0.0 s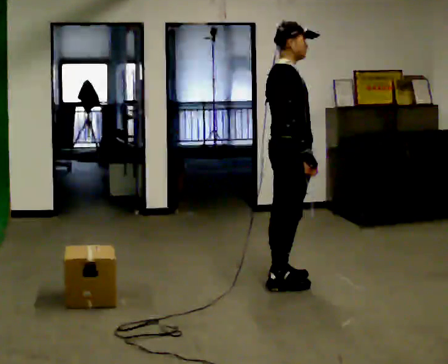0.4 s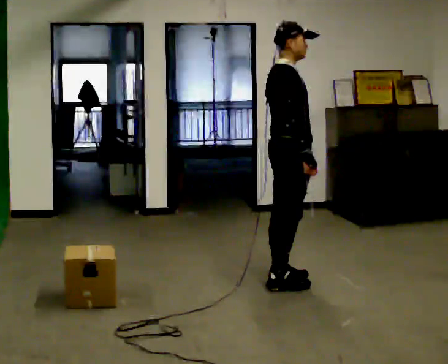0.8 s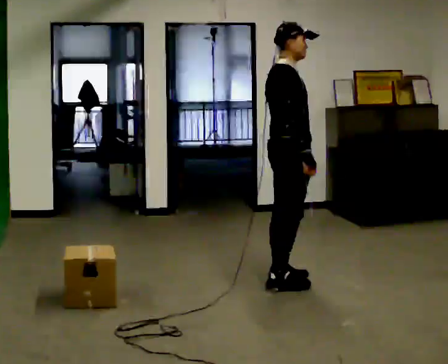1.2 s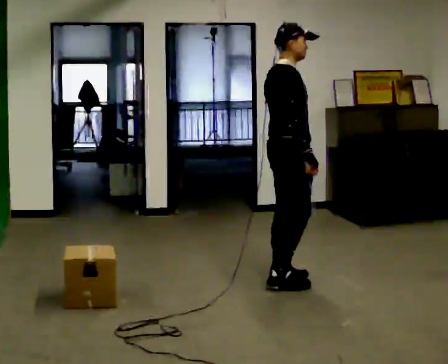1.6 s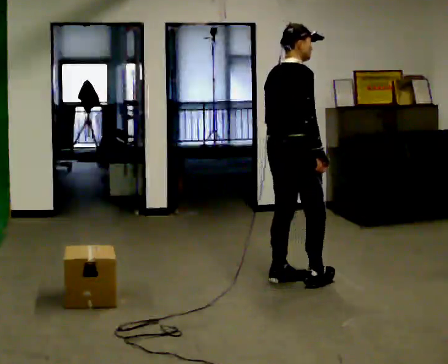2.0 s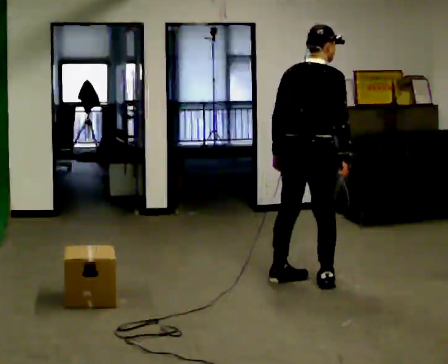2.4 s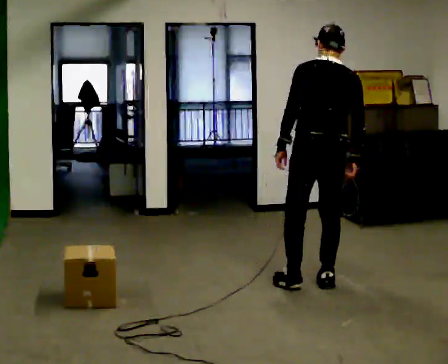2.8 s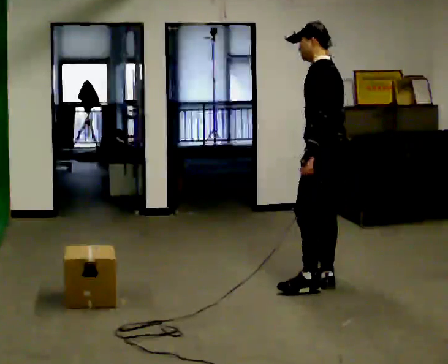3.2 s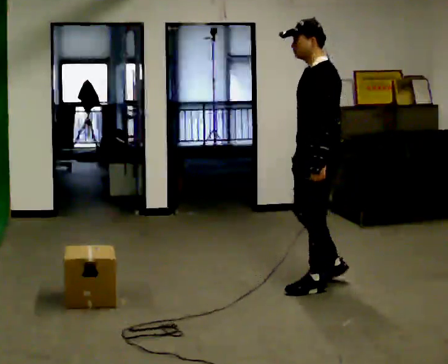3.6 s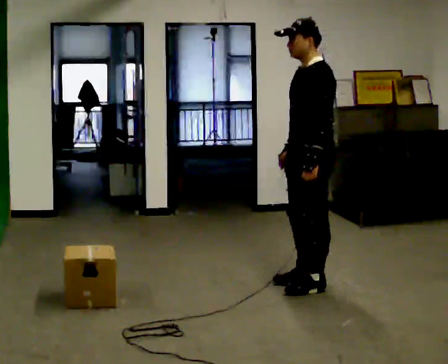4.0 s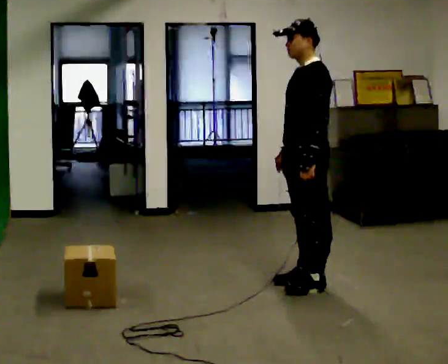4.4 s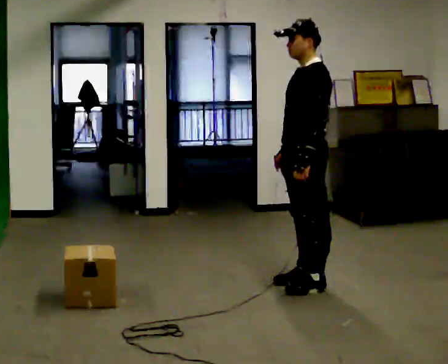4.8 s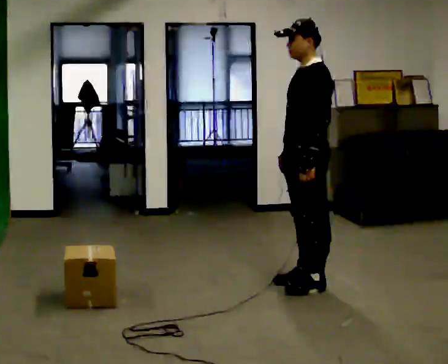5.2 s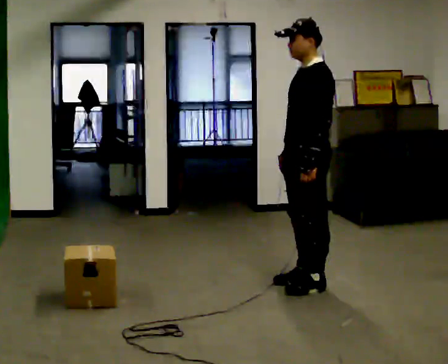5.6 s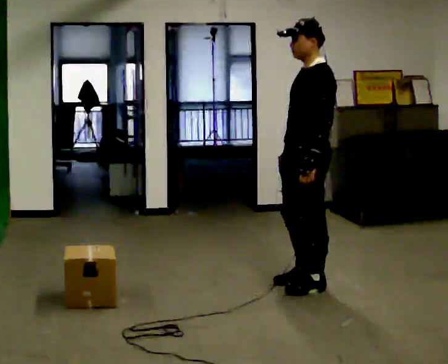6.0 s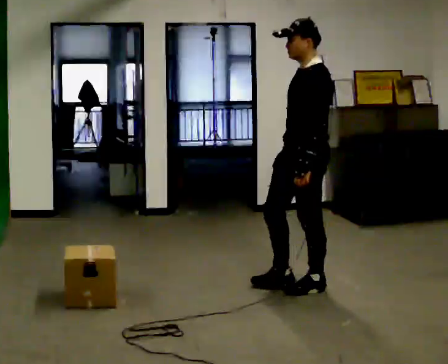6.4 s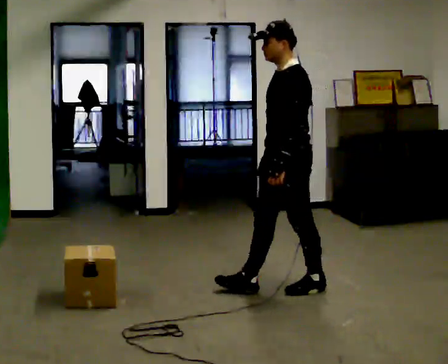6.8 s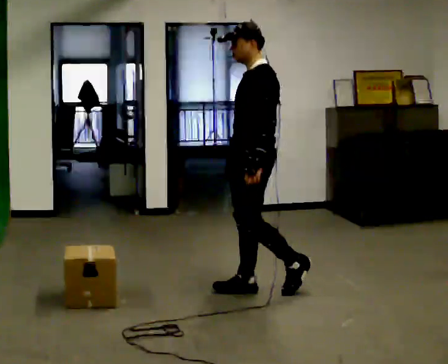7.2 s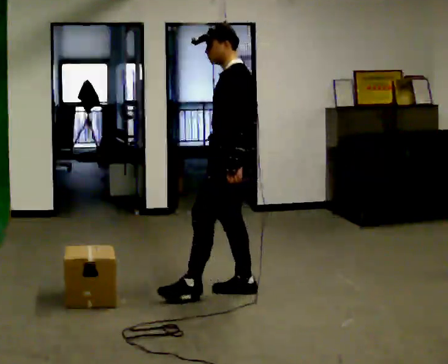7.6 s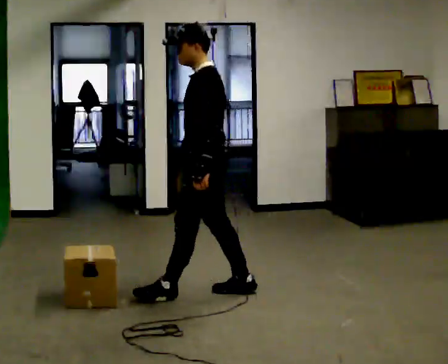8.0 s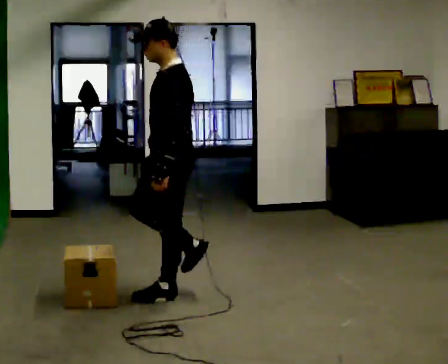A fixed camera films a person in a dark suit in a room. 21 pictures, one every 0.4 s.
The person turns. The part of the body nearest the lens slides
to the right.
The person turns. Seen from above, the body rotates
counterclockwise.
0.0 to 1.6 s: Seen from above the body turns counterclockwise, about 30 degrees: to their left, with its near side sliding to the right.
1.6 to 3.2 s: The part of the body nearest the lens slides to the right as the person turns to their left by about 150 degrees. In the picture they go to the right, about 0.25 m in 2 steps.
3.2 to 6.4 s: In the picture they go to the left, about 0.25 m in 2 steps, which for them is forward.
6.4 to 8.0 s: In the picture they go to the left, about 0.5 m in 1 step, which for them is forward.
The film runs forward here.
